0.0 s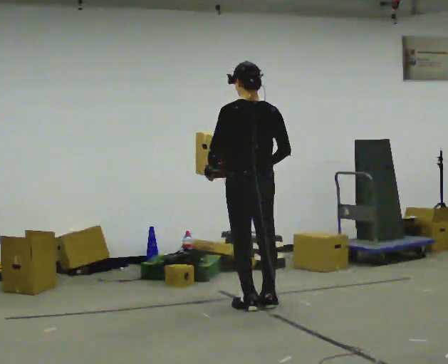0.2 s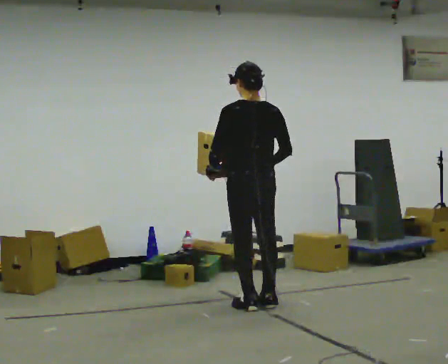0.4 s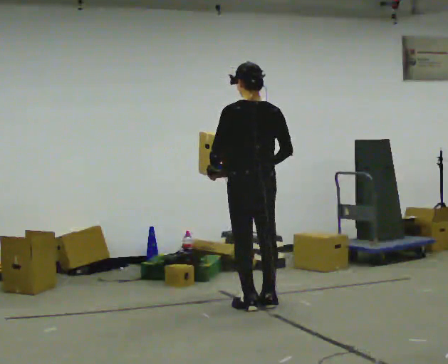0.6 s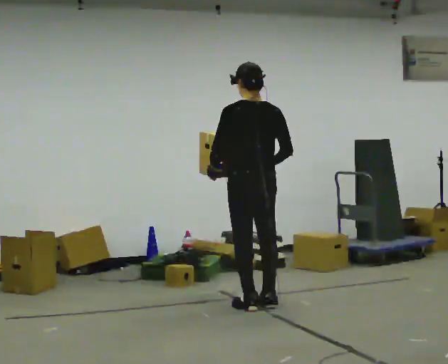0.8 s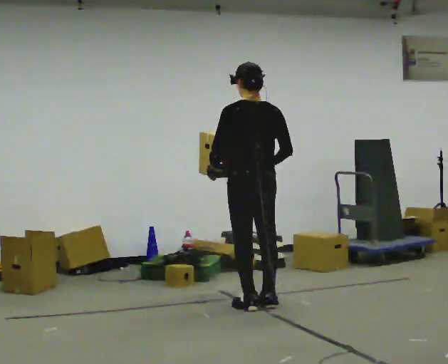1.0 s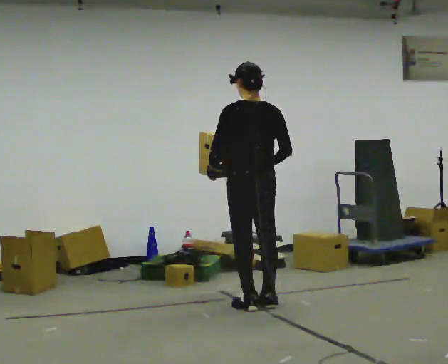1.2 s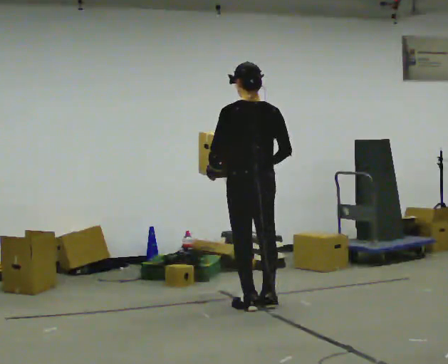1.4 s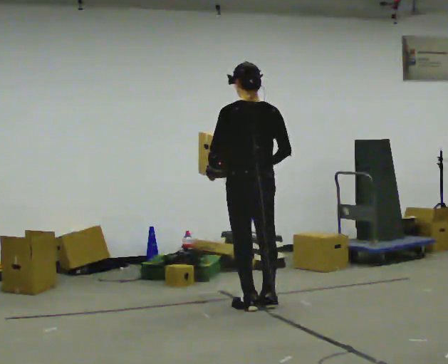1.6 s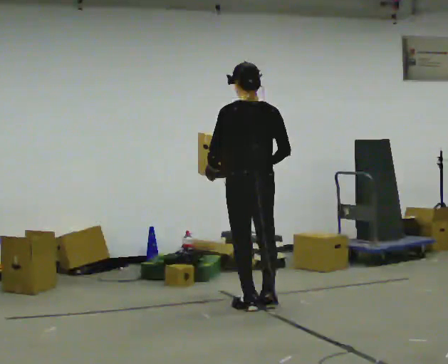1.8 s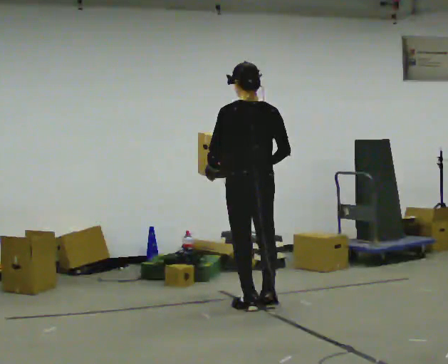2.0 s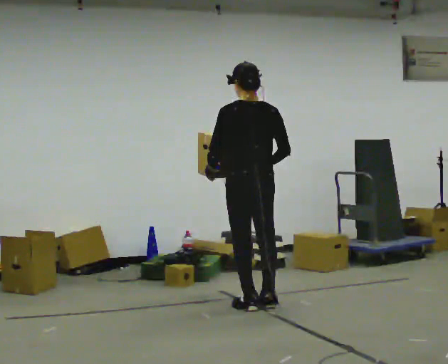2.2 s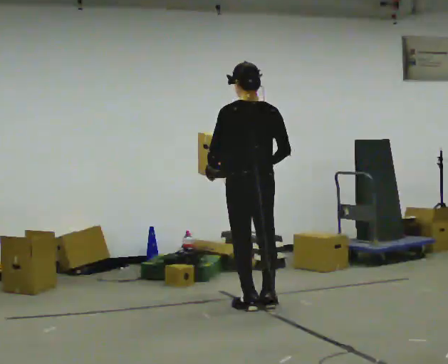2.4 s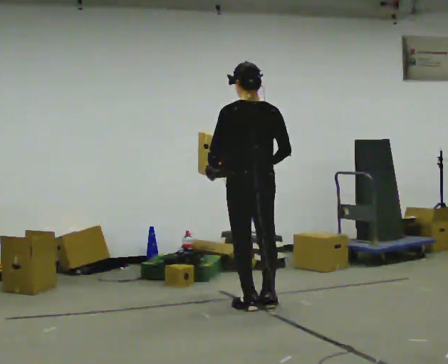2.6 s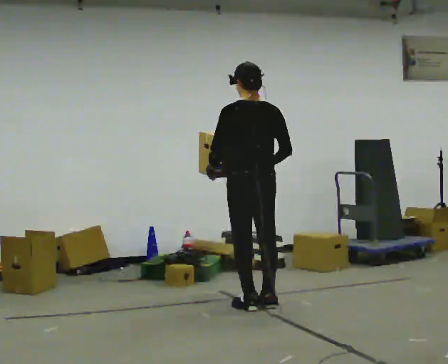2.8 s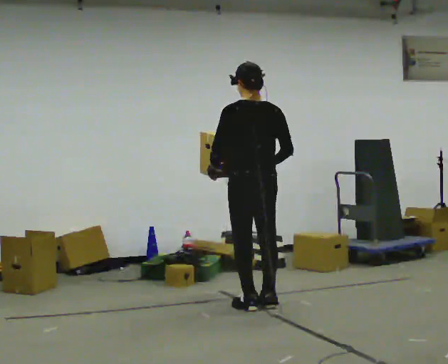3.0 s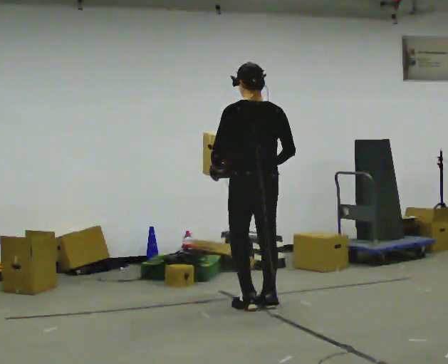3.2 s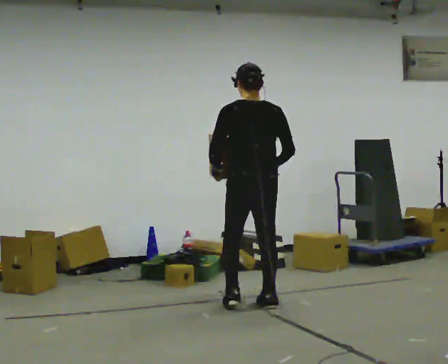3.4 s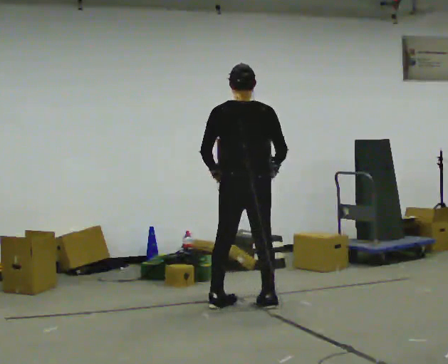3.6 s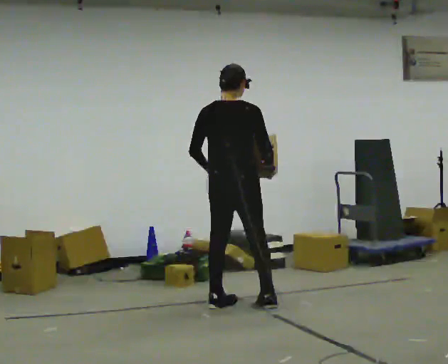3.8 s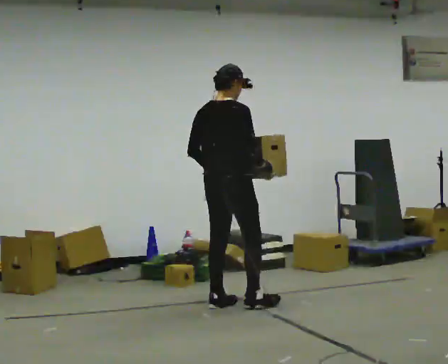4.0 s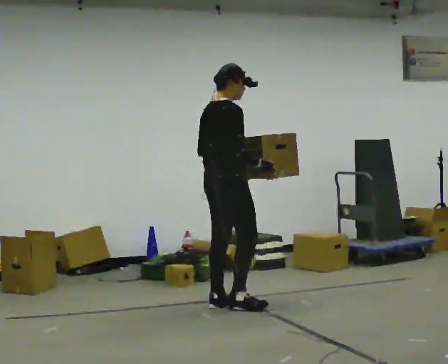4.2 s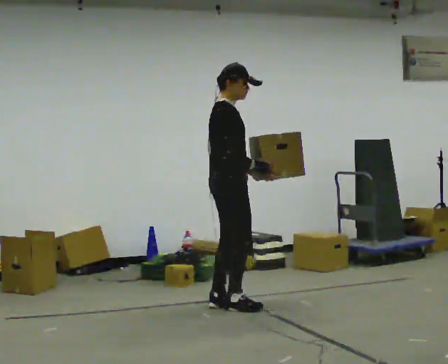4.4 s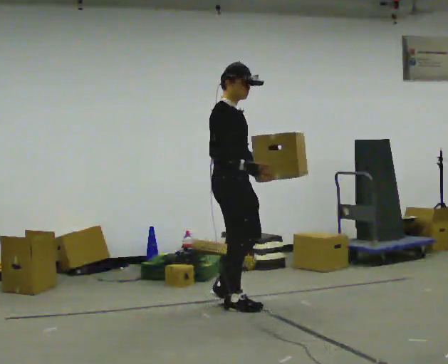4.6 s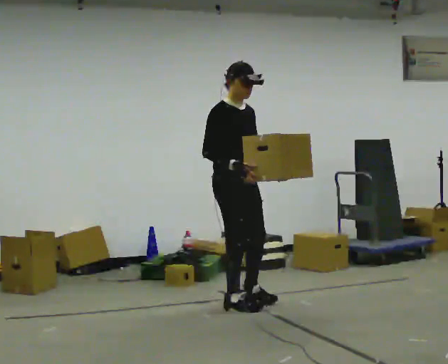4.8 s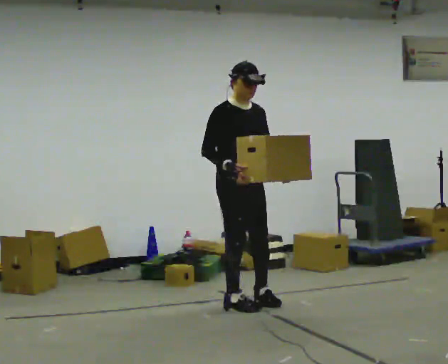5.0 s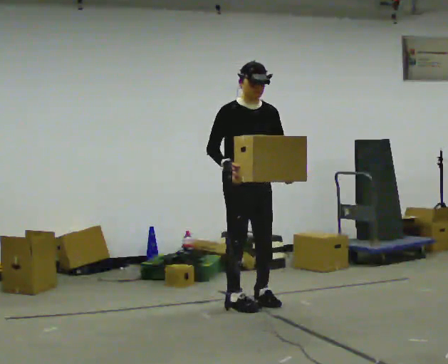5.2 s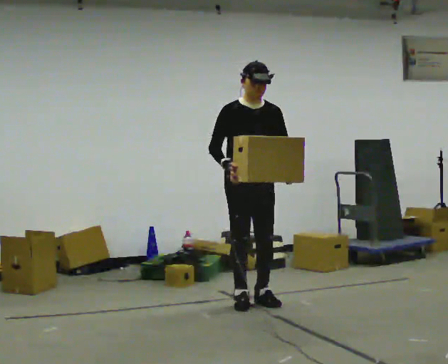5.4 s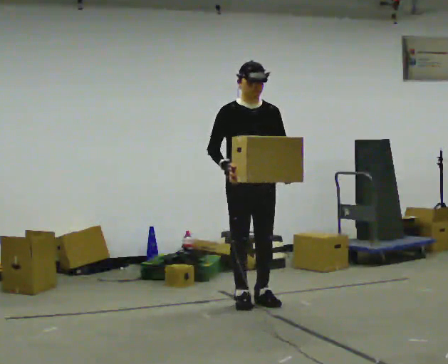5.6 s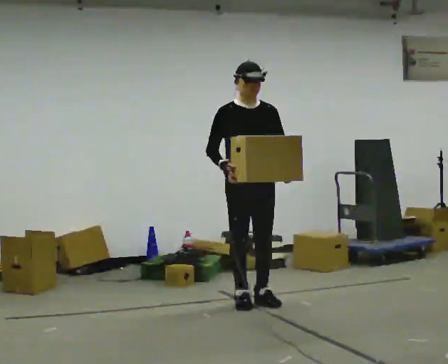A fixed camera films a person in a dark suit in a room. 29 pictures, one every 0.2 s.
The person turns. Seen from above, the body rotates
clockwise.
Their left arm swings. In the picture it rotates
counterclockwise.
0.0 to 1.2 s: The person moves a little, or ends about where they began.
1.2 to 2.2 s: The person keeps their place and pose.
2.2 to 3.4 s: The person moves a little, or ends about where they began.
3.4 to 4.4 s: The person turns about 90 degrees to their right, clockwise seen from above, so the part of the body nearest the lens slides to the left. In the picture their left hand goes to the right, the arm swinging counterclockwise.
4.4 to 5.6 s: The part of the body nearest the lens slides to the left as the person turns to their right by about 60 degrees. In the picture they go to the right, about 0.25 m in 2 steps.
The film runs forward here.
